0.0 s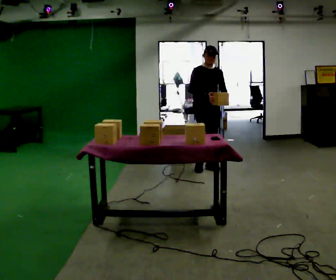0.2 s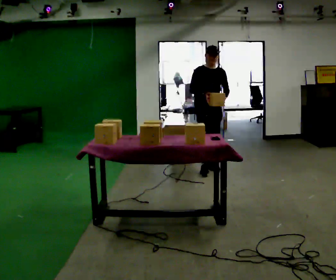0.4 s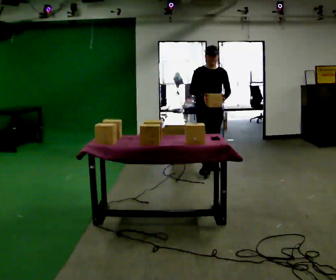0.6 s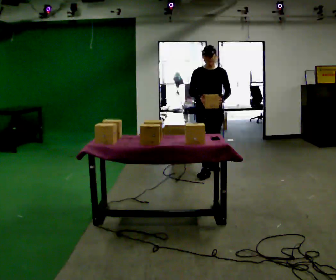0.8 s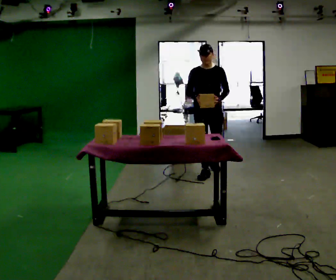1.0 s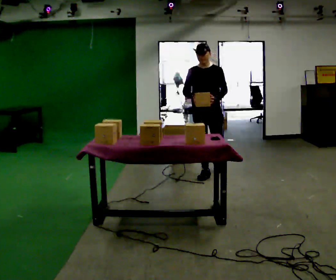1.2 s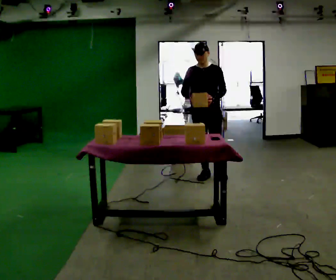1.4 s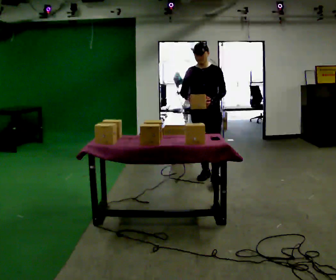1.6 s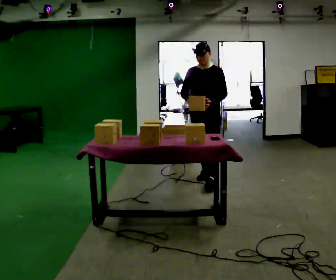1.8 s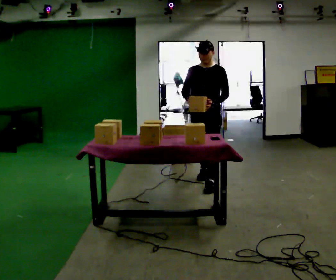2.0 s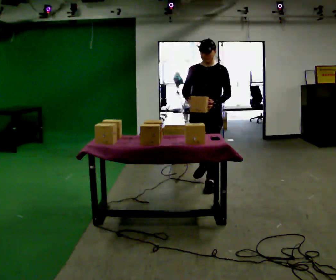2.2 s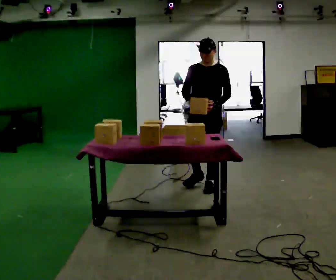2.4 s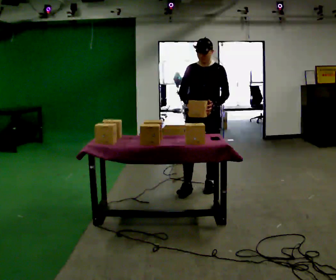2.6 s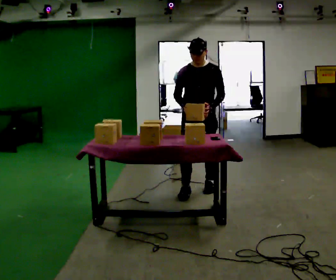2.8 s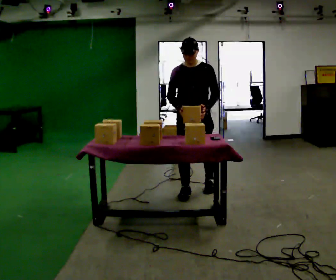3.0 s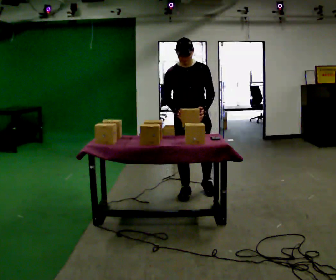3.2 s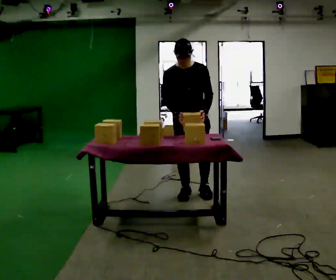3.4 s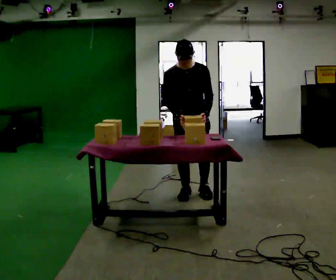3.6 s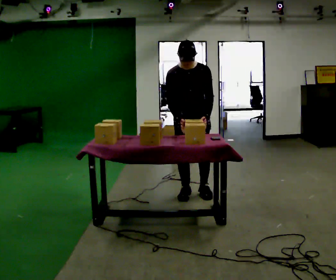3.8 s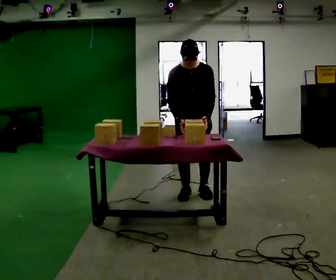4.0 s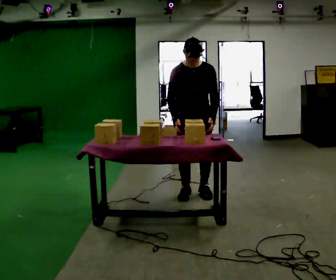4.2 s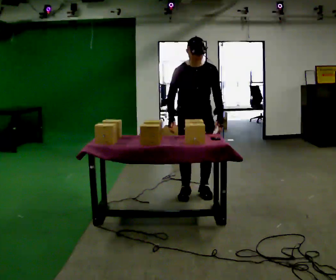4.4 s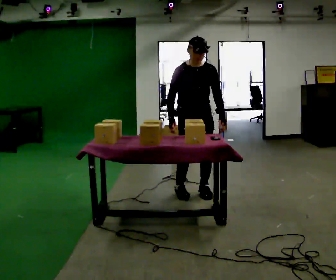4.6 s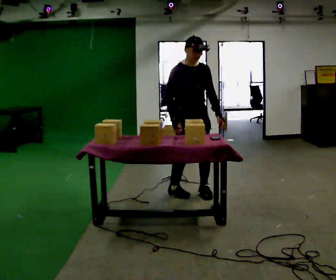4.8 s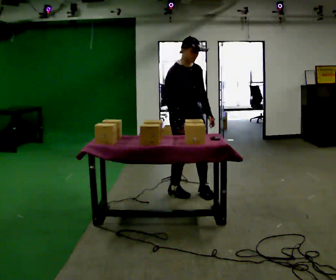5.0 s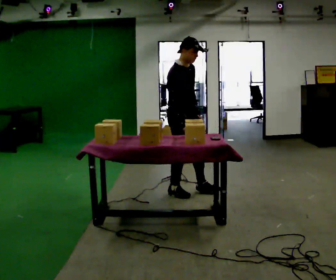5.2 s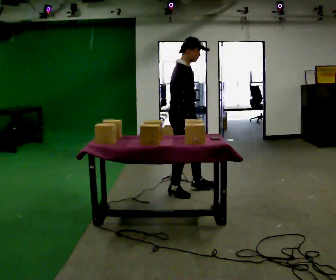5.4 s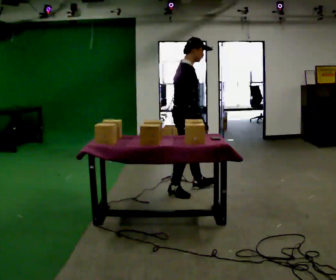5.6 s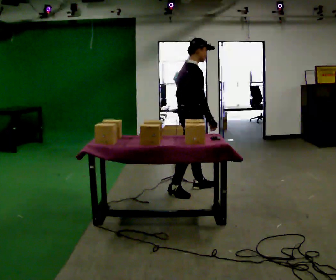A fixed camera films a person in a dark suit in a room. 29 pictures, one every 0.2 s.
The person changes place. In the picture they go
toward the camera.
0.0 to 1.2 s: Seen from above the body turns clockwise, about 30 degrees: to their right, with its near side sliding to the left. In the picture they go toward the camera, about 0.5 m in 1 step, which for them is forward.
1.2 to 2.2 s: In the picture they go toward the camera, about 0.5 m in 1 step, which for them is forward.
2.2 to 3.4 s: In the picture they go toward the camera and to the left, about 0.25 m in 2 steps, which for them is forward and to their right.
3.4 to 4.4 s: The person moves a little, or ends about where they began.
4.4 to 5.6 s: Seen from above the body turns counterclockwise, about 90 degrees: to their left, with its near side sliding to the right. In the picture their left hand goes to the left.
The film runs forward here.
